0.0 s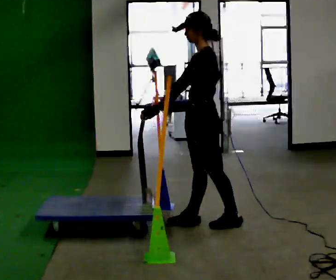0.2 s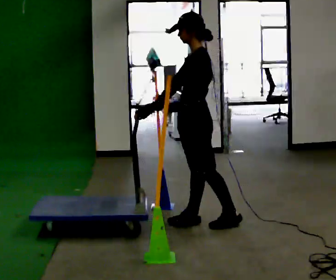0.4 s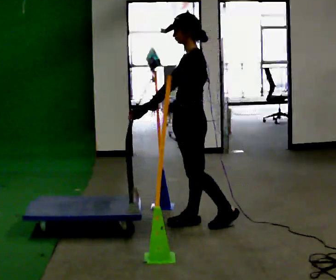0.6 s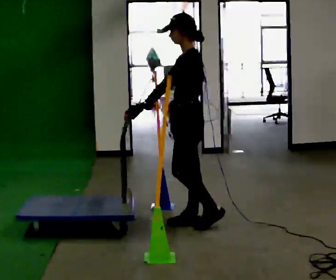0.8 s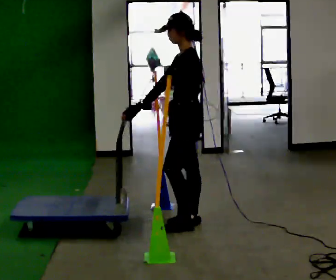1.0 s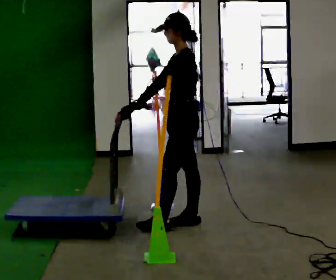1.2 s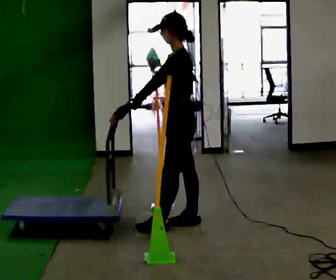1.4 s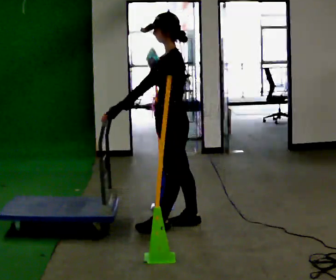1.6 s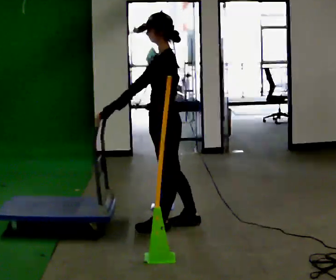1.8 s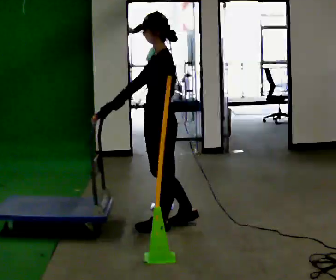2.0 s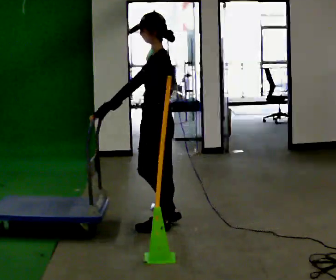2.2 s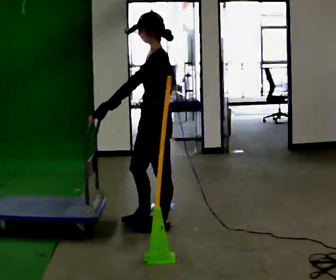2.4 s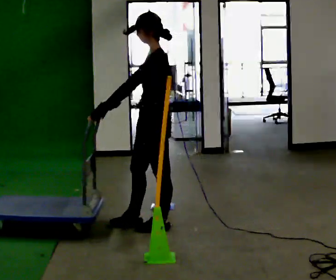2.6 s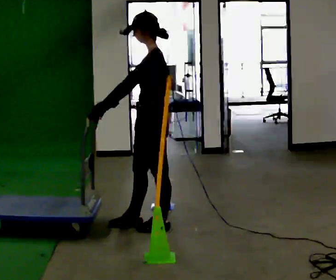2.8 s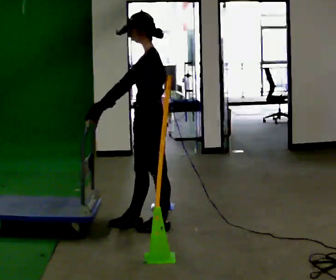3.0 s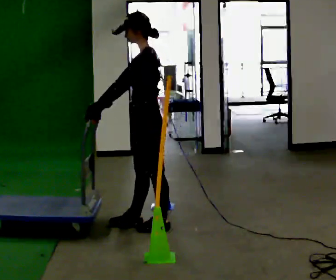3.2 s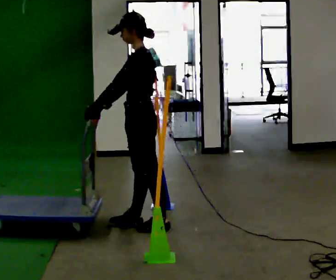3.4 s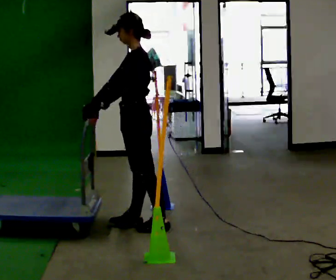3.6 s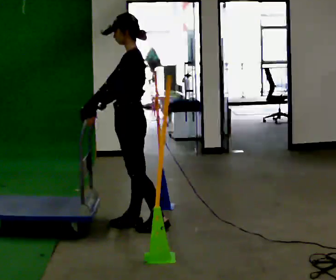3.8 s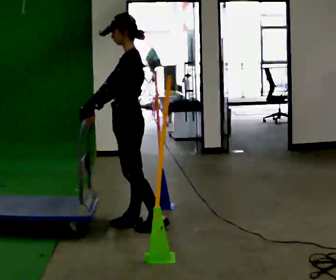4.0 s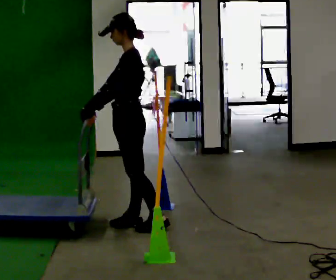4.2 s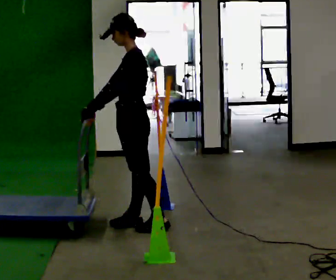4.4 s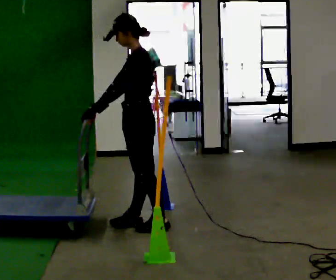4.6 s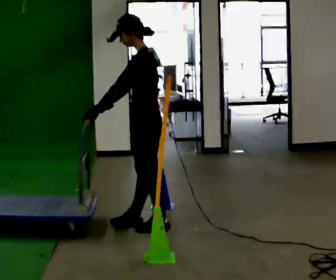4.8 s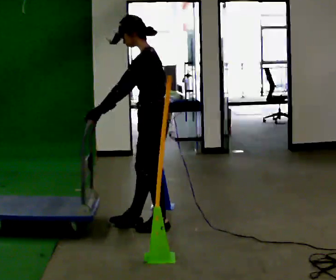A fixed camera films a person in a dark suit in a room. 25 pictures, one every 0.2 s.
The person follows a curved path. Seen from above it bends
clockwise.
0.0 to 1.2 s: In the picture they go to the left, about 0.25 m in 1 step, which for them is forward.
1.2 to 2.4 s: In the picture they go to the left, about 0.25 m in 1 step, which for them is forward and to their left.
2.4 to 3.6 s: In the picture they go to the left, about 0.25 m, which for them is forward.
3.6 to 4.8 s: In the picture they go to the right, about 0.25 m, which for them is backward.
The film runs forward here.
